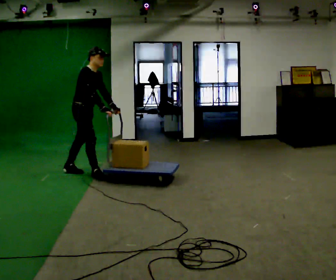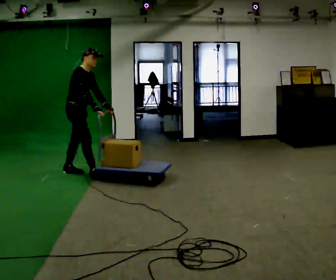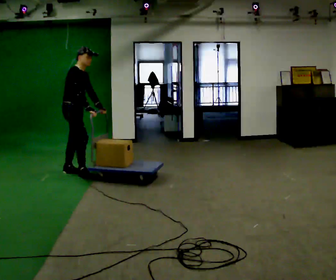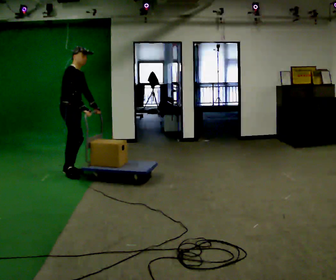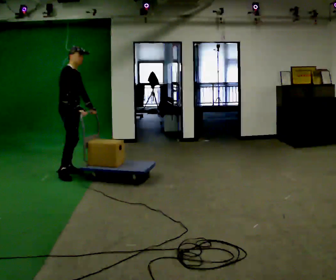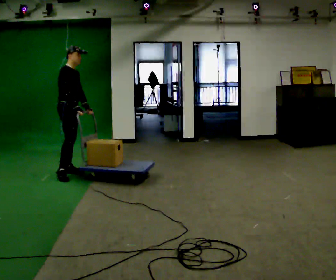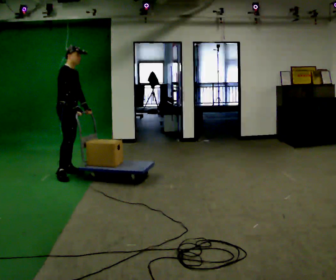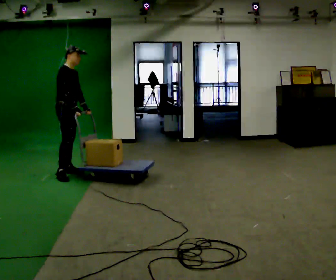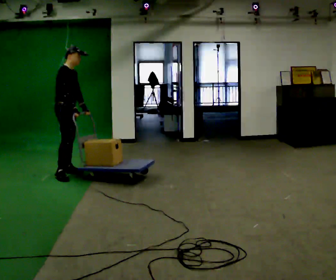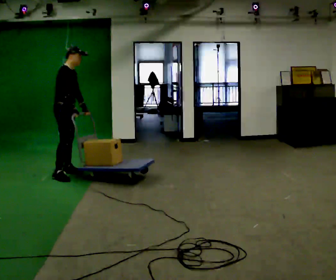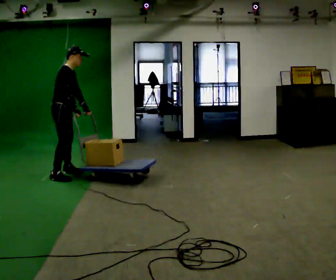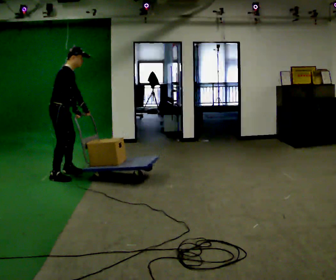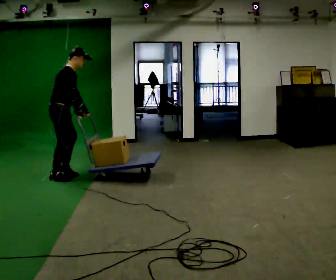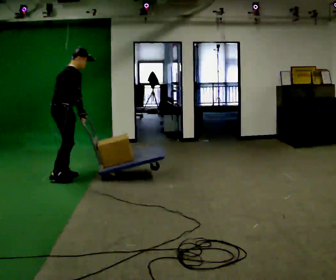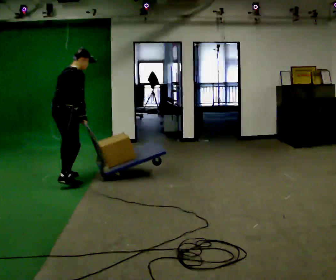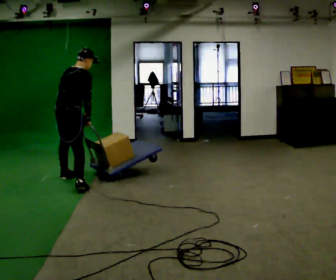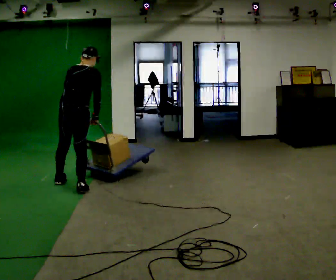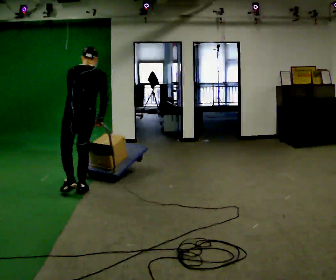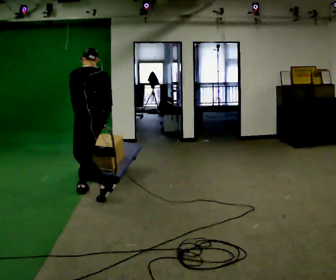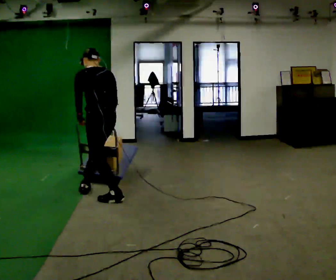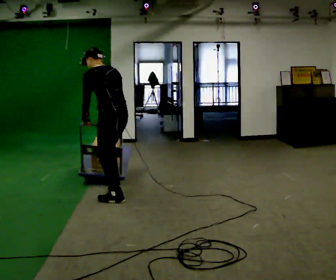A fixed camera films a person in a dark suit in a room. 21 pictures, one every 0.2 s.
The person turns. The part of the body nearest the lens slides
to the right.
The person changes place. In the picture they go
toward the camera.
0.0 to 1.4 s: In the picture they go to the left, about 0.25 m in 1 step, which for them is backward.
1.4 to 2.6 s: Seen from above the body turns counterclockwise, about 45 degrees: to their left, with its near side sliding to the right. In the picture they go toward the camera, about 0.25 m in 2 steps, which for them is to their right.
2.6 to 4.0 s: Seen from above the body turns counterclockwise, about 120 degrees: to their left, with its near side sliding to the right. In the picture they go toward the camera and to the right, about 1 m in 2 steps. In the picture the upper body tilts counterclockwise, shoulders to the left.
The film runs backward here.
